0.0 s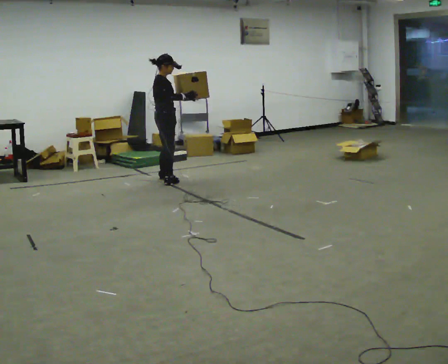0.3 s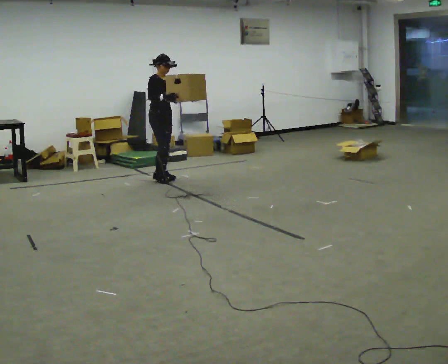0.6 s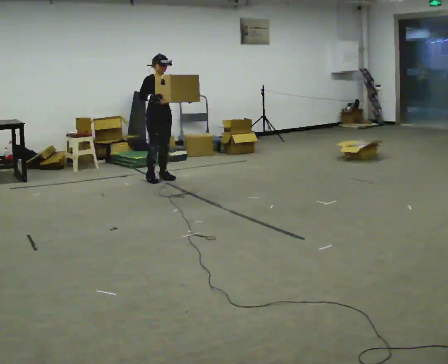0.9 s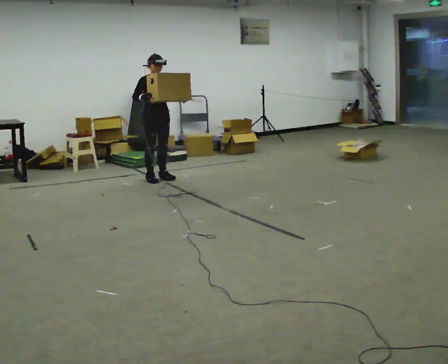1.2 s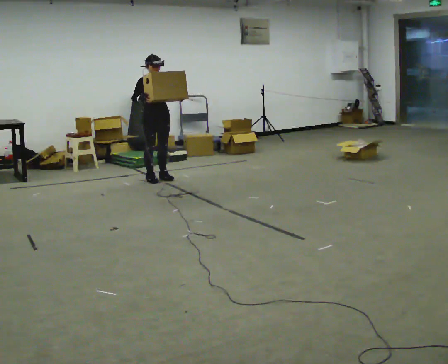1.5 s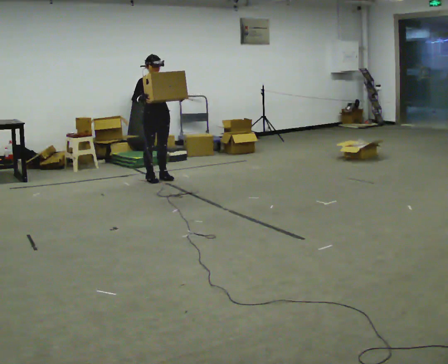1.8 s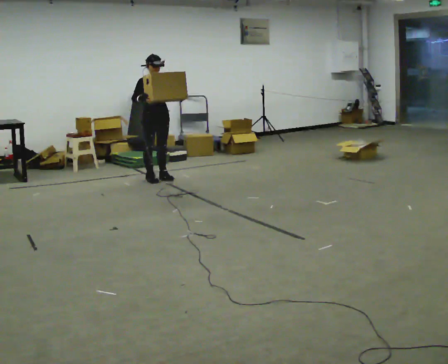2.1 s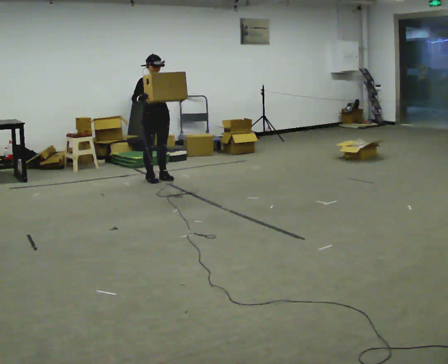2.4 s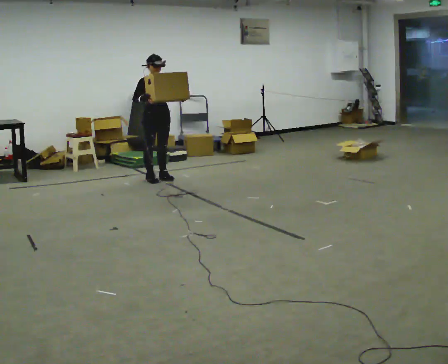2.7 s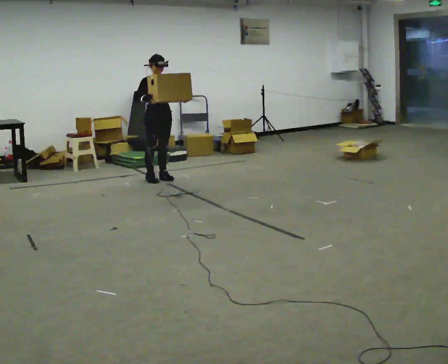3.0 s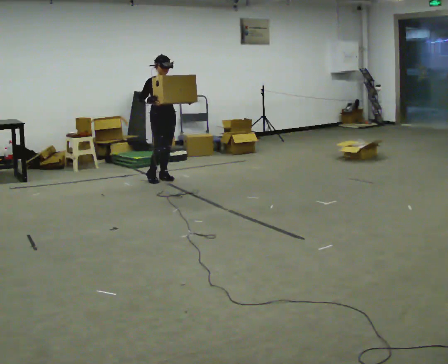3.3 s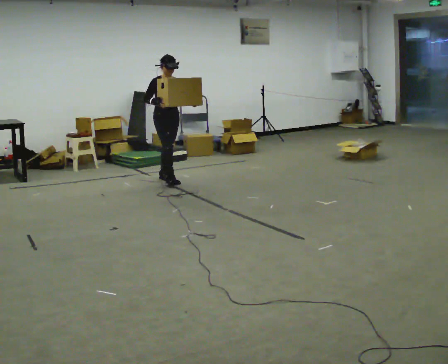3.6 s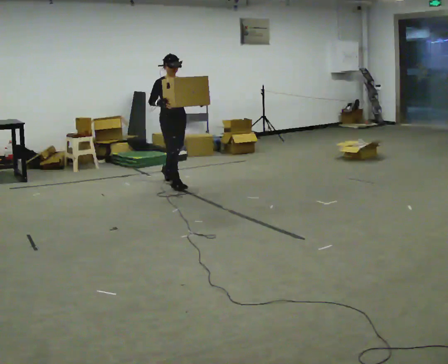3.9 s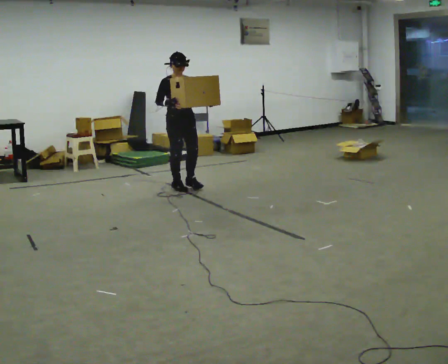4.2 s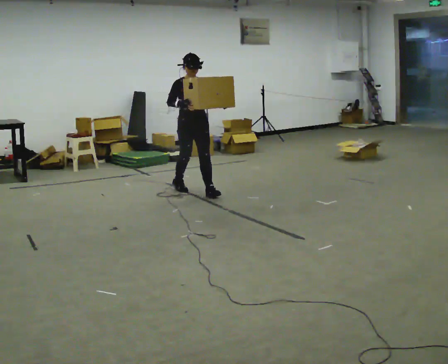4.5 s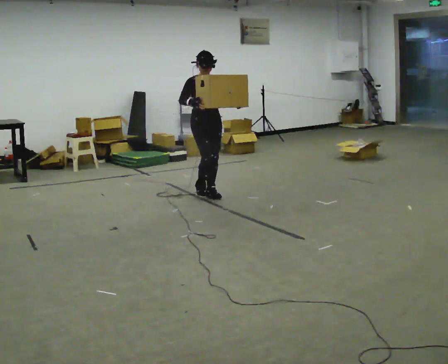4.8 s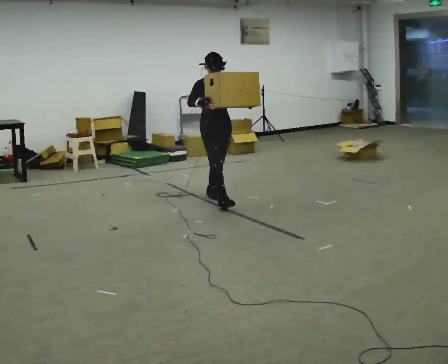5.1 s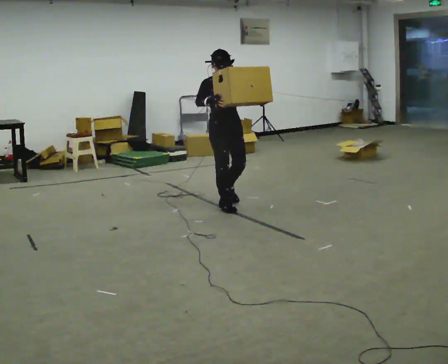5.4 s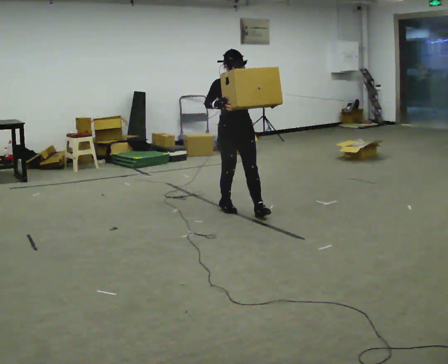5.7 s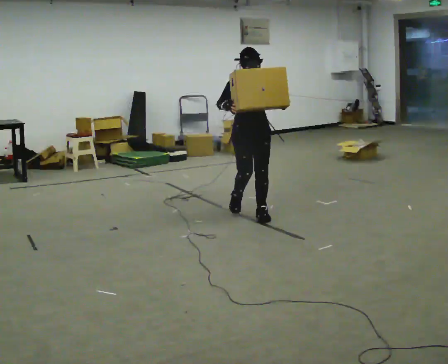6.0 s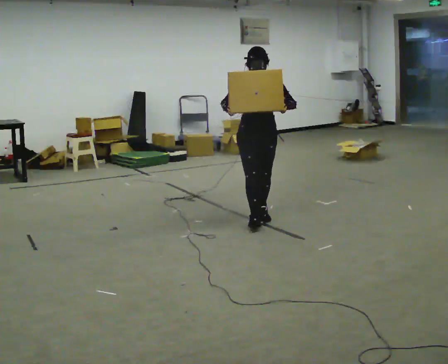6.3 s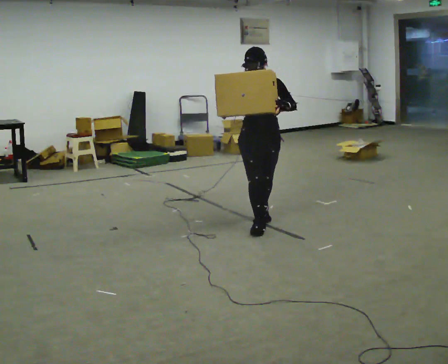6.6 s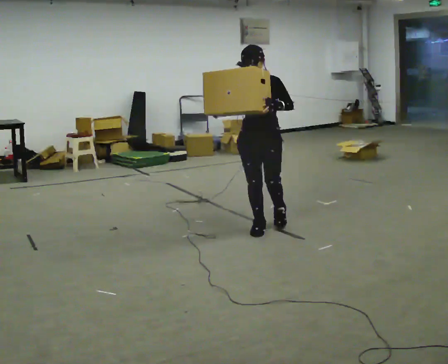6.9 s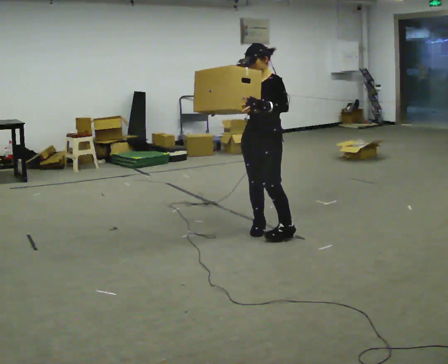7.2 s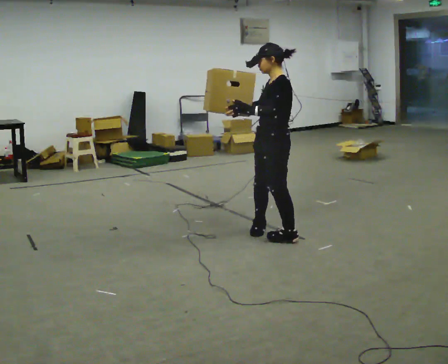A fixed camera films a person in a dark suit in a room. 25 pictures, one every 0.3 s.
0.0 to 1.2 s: The part of the body nearest the lens slides to the left as the person turns to their right by about 60 degrees.
1.2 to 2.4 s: The person keeps their place and pose.
2.4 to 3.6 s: In the picture they go toward the camera and to the right, about 0.5 m in 1 step, which for them is forward.
3.6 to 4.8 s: In the picture they go toward the camera and to the right, about 1 m in 2 steps, which for them is forward.
4.8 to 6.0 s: Seen from above the body turns clockwise, about 30 degrees: to their right, with its near side sliding to the left. In the picture they go toward the camera and to the right, about 0.5 m in 1 step, which for them is forward.
6.0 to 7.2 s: Seen from above the body turns clockwise, about 90 degrees: to their right, with its near side sliding to the left. In the picture they go toward the camera, about 0.5 m in 2 steps.
The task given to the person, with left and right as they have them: Carry the heaviest box in both hands in front of you, walking back and forth across the room. Only carry what is comfortable. Set it down whenever you need to.
The film runs forward here.
